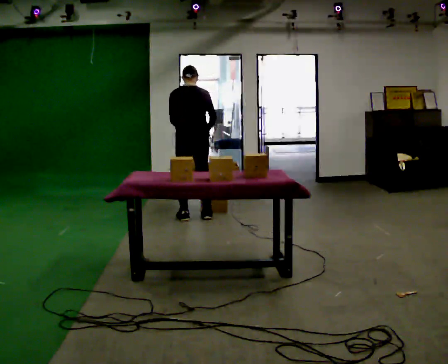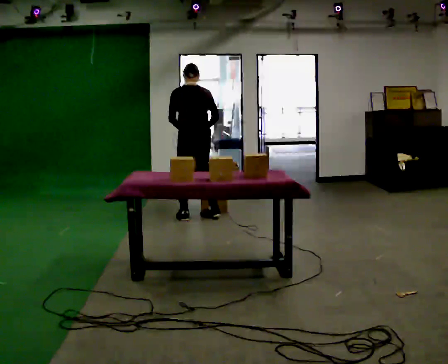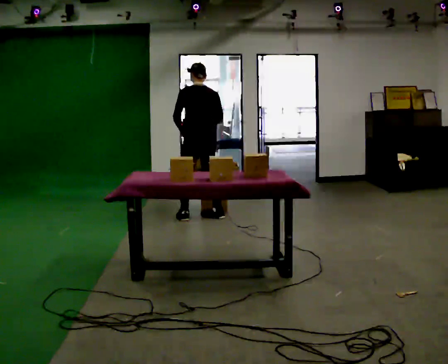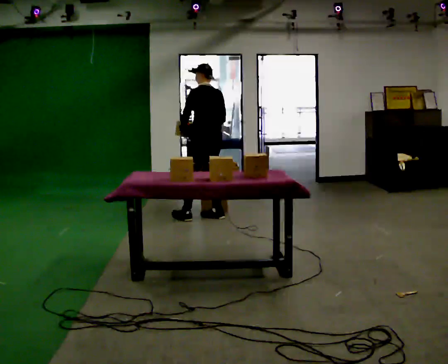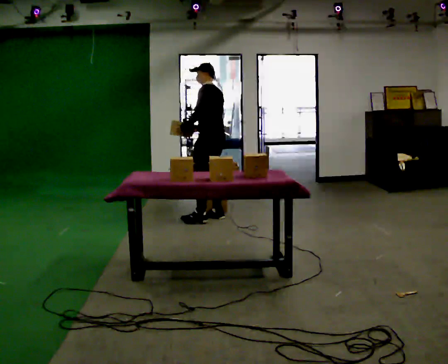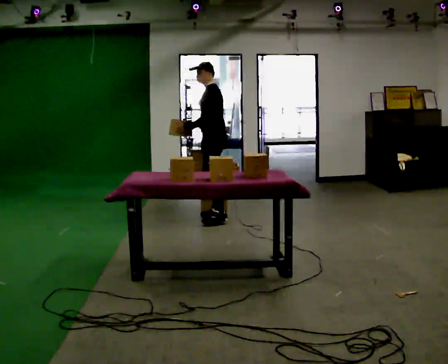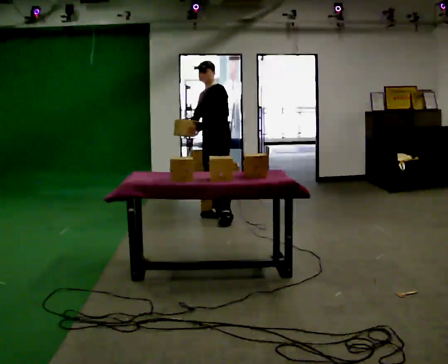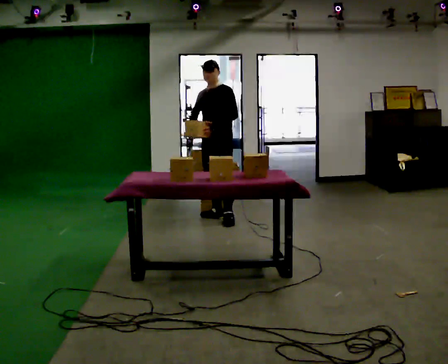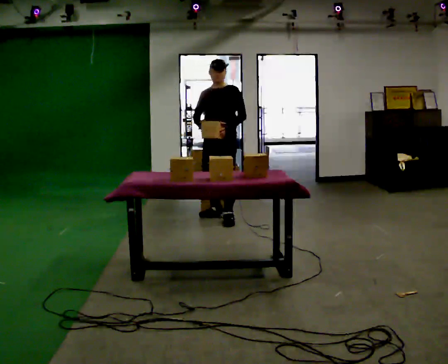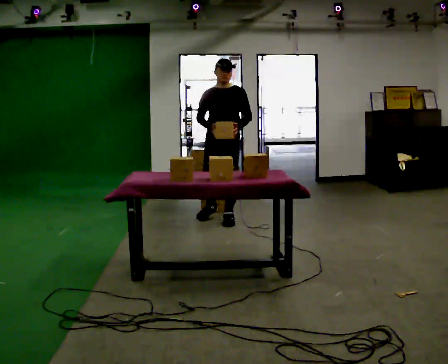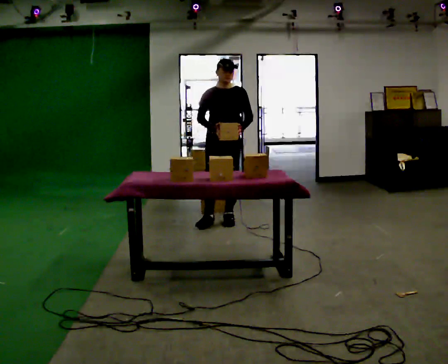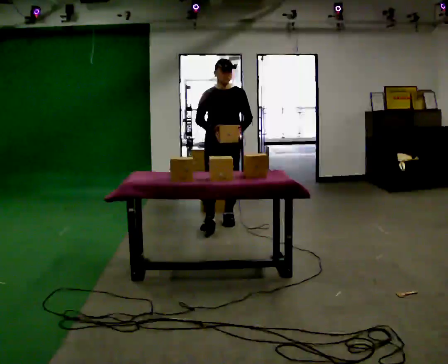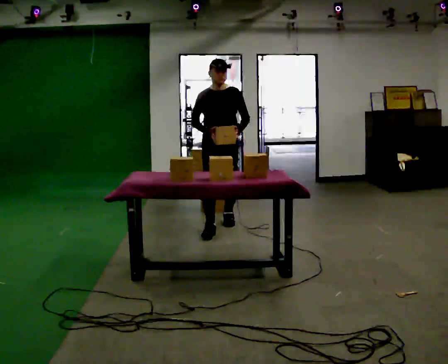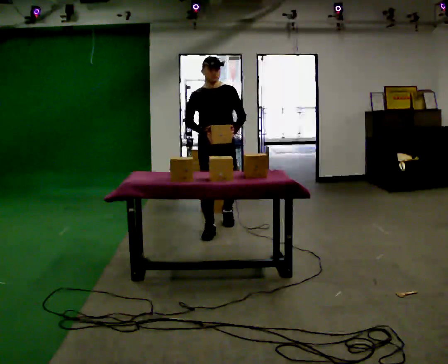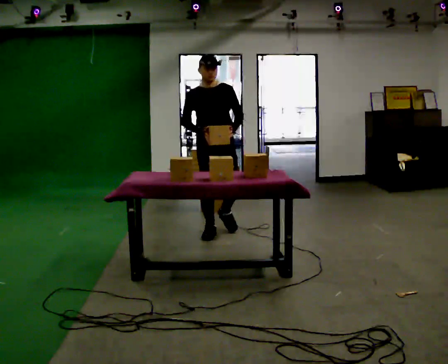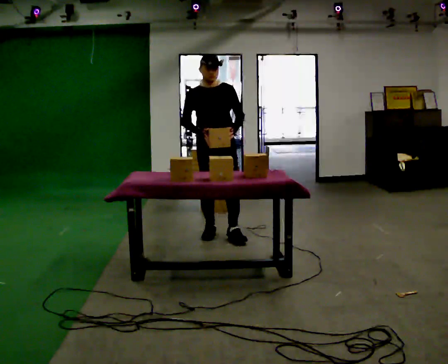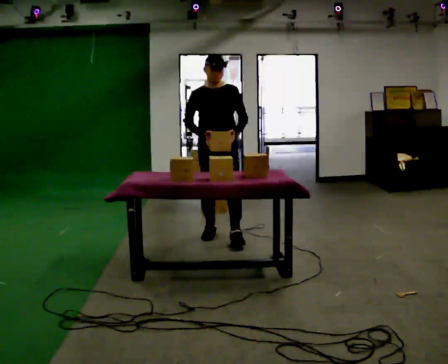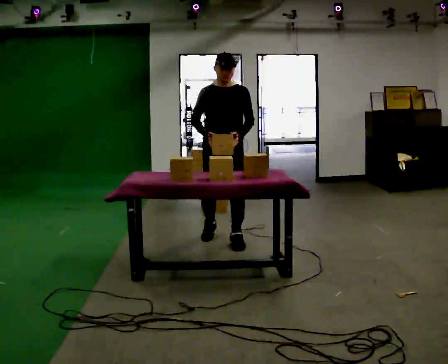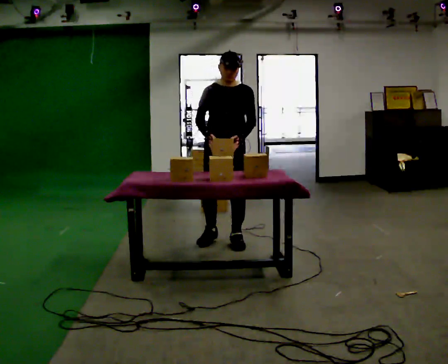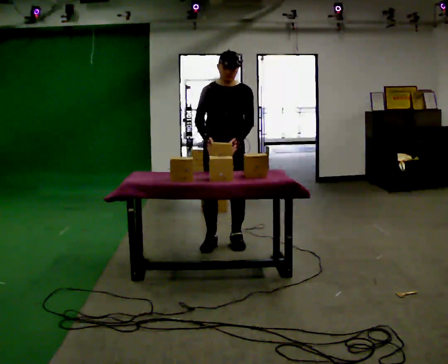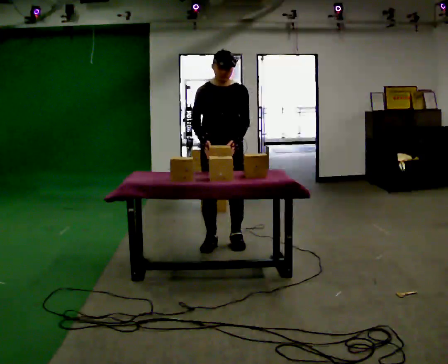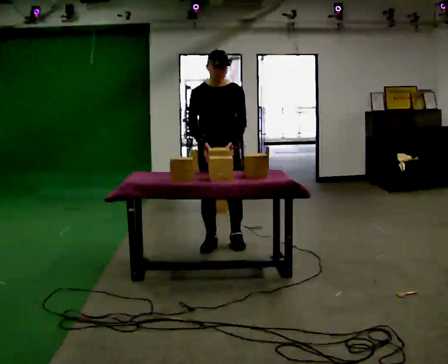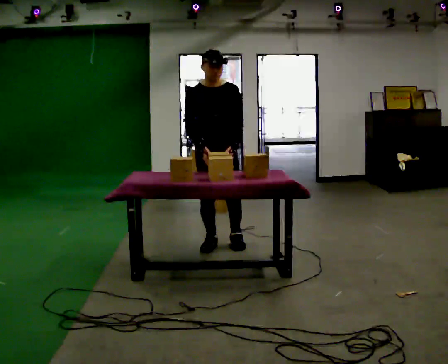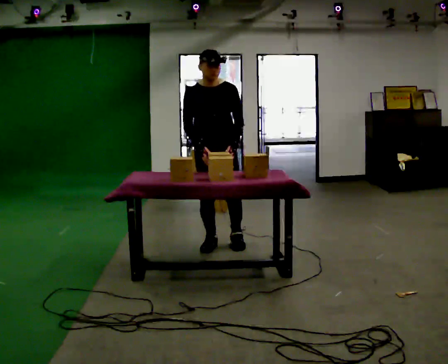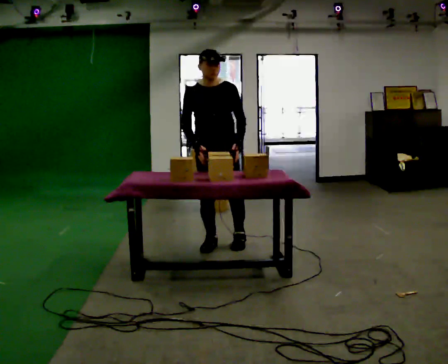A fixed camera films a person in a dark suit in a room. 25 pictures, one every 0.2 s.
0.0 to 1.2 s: The part of the body nearest the lens slides to the right as the person turns to their left by about 120 degrees. In the picture they go to the right, about 0.25 m in 1 step.
1.2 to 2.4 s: The person turns about 60 degrees to their left, counterclockwise seen from above, so the part of the body nearest the lens slides to the right. In the picture they go toward the camera, about 0.5 m in 2 steps.
2.4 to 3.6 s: In the picture they go toward the camera, about 0.5 m in 1 step, which for them is forward.
3.6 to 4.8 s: The person moves a little, or ends about where they began.
The film runs forward here.
